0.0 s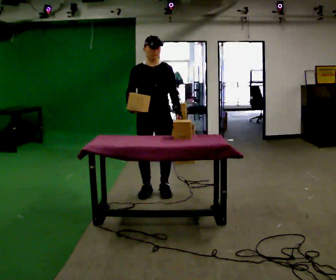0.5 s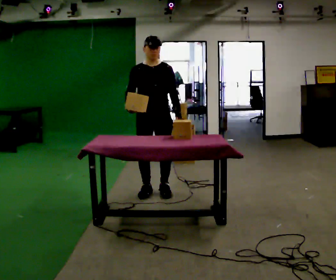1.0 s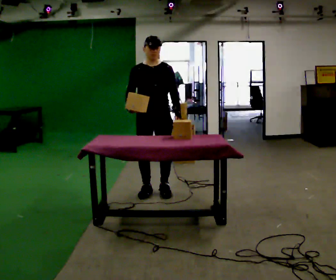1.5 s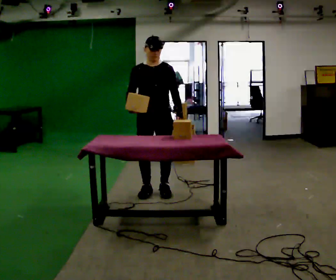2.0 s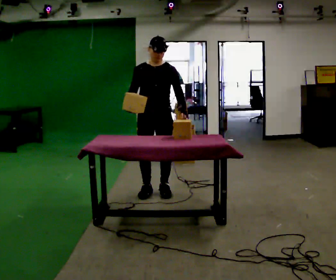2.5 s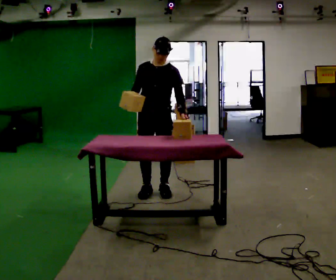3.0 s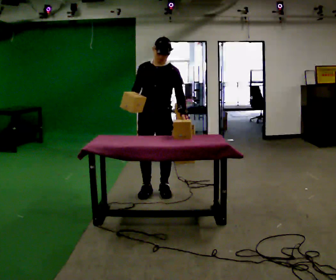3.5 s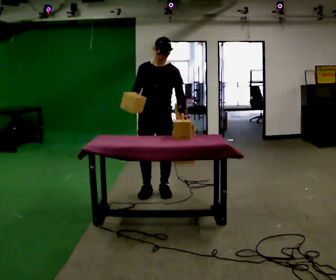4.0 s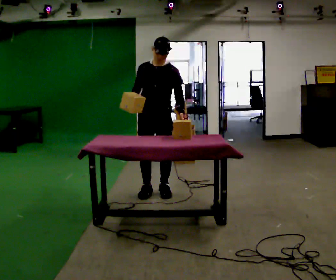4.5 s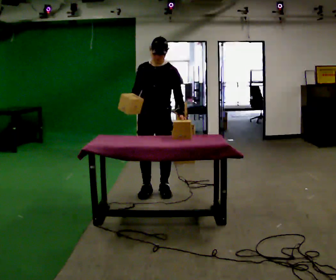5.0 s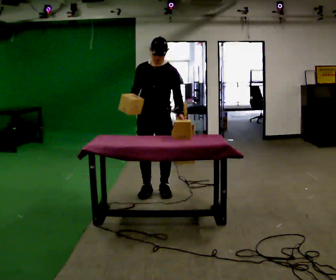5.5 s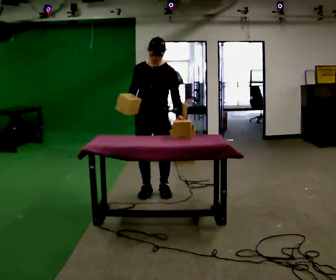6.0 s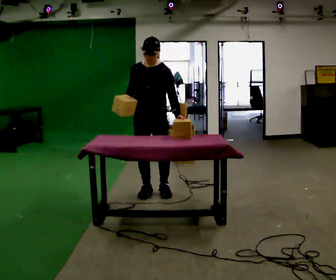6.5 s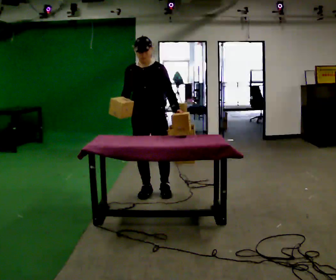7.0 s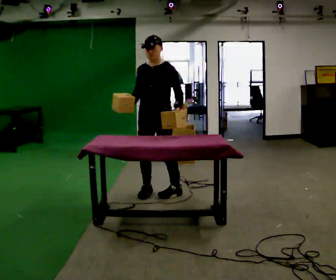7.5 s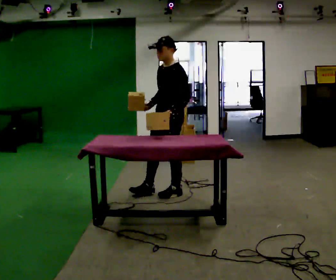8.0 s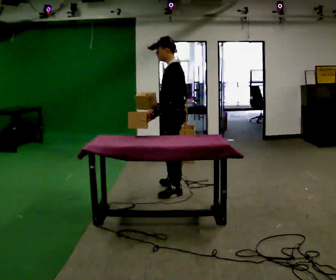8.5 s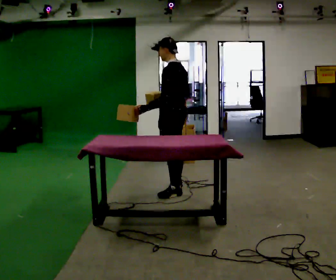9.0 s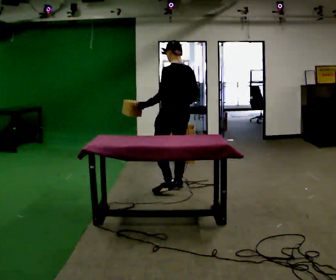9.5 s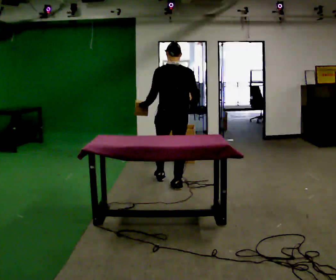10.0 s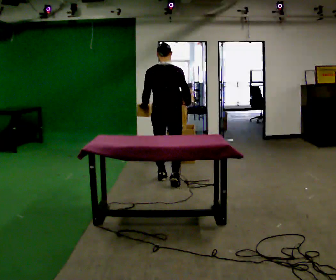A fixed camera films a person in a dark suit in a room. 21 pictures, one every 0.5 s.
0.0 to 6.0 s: The part of the body nearest the lens slides to the left as the person turns to their right by about 30 degrees.
6.0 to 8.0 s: The person turns about 75 degrees to their right, clockwise seen from above, so the part of the body nearest the lens slides to the left. In the picture they go to the right, about 0.25 m in 2 steps.
8.0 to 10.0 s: The person turns about 90 degrees to their right, clockwise seen from above, so the part of the body nearest the lens slides to the left. In the picture they go away from the camera, about 0.5 m in 1 step.
The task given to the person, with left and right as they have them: Carry two objects across the room, then put just one of them on the shelf while still holding the other. Then bring them both back. Keep going until the operator says stop; one object at a time, and do not rush between trips.
The film runs forward here.
